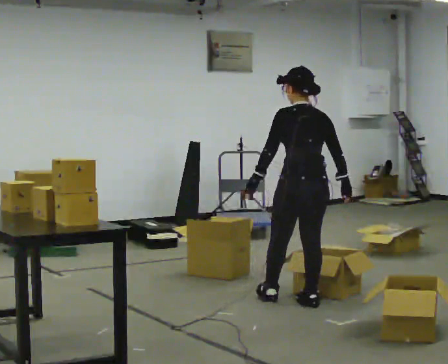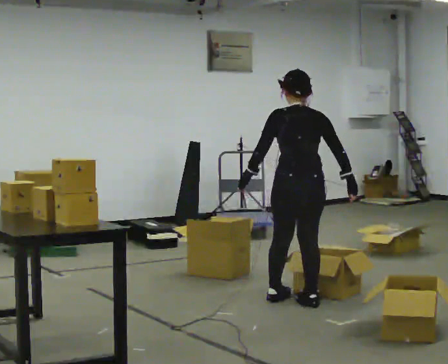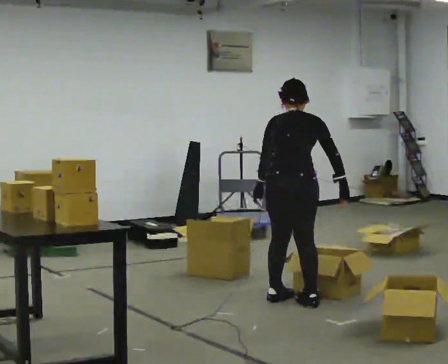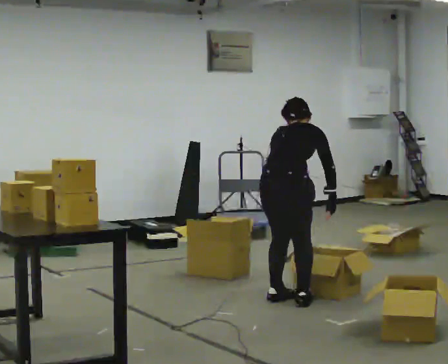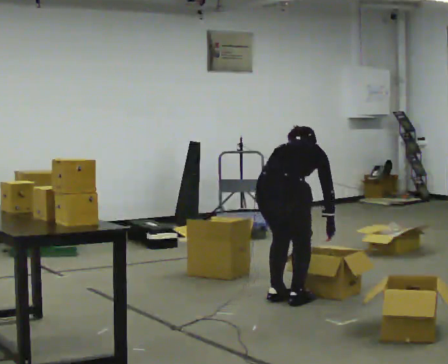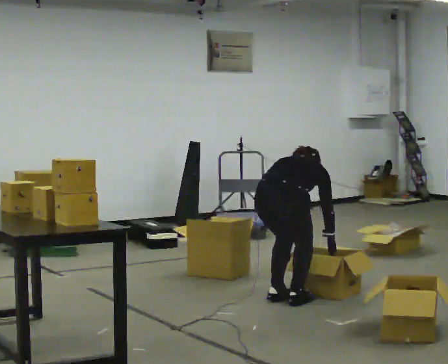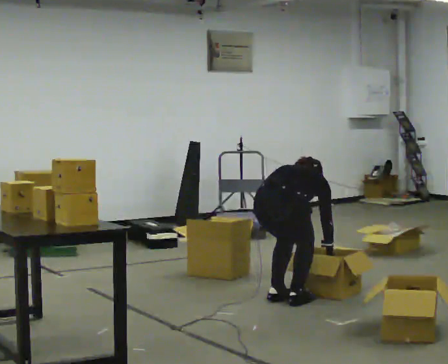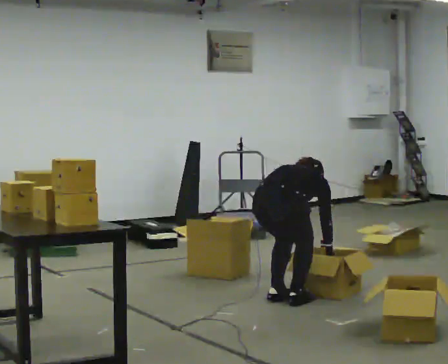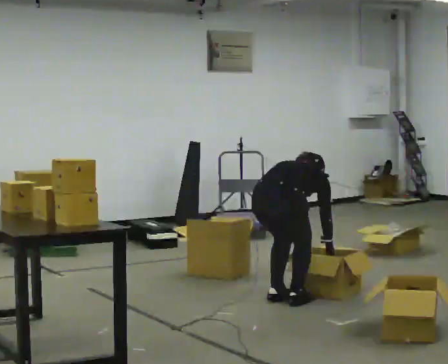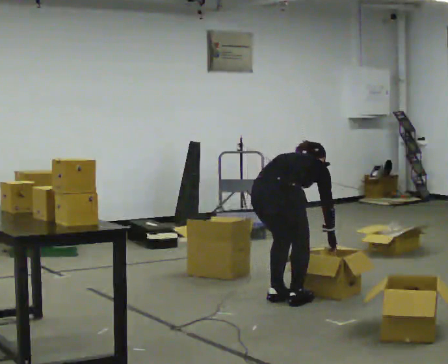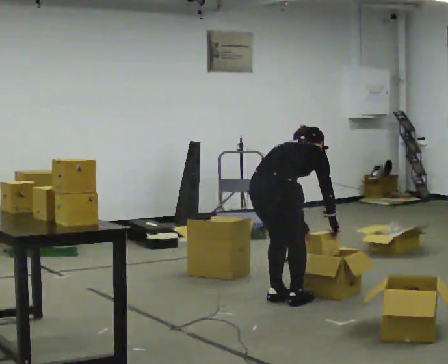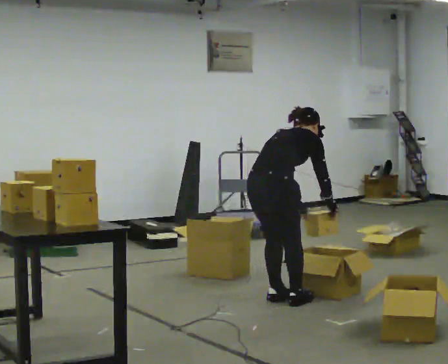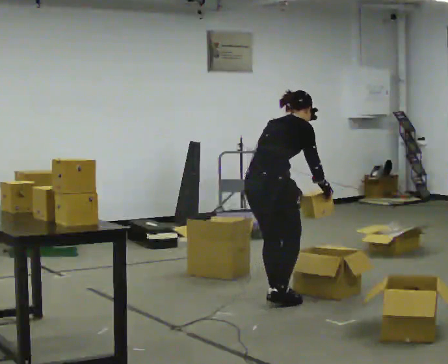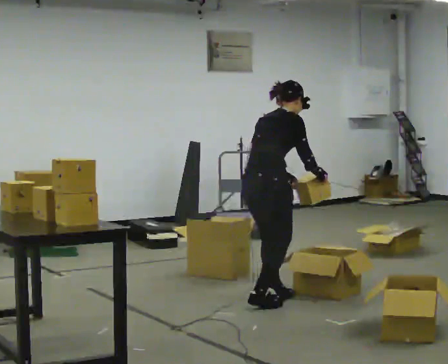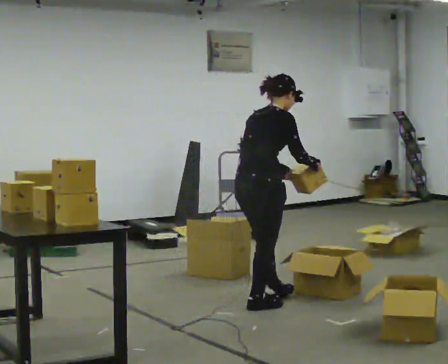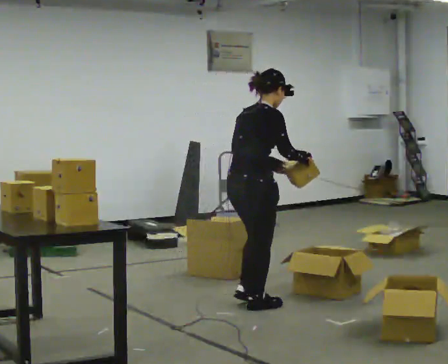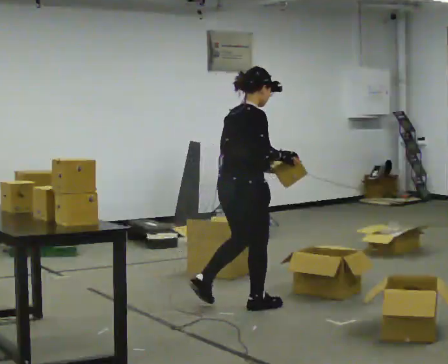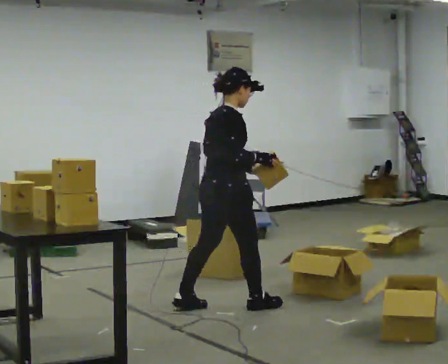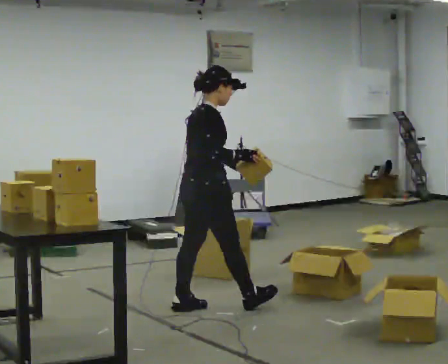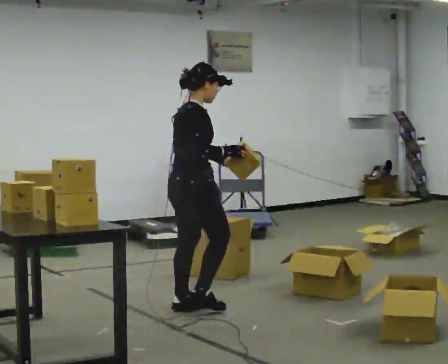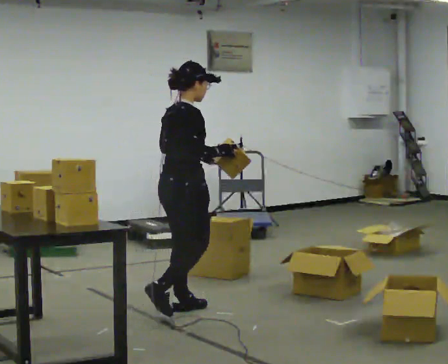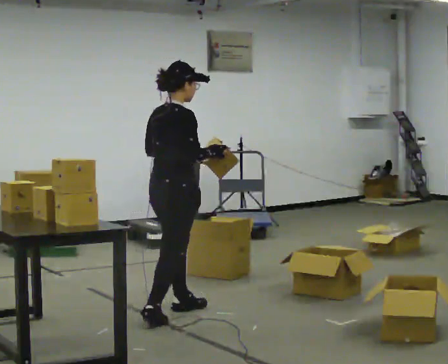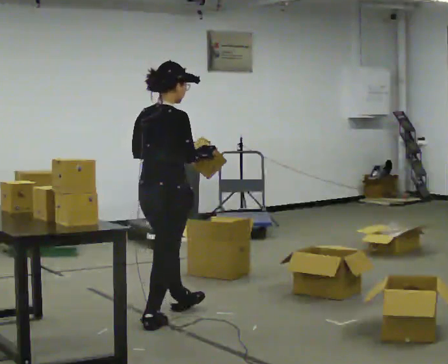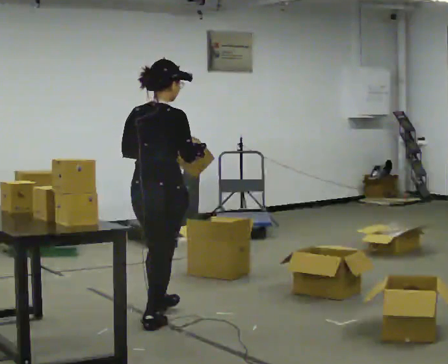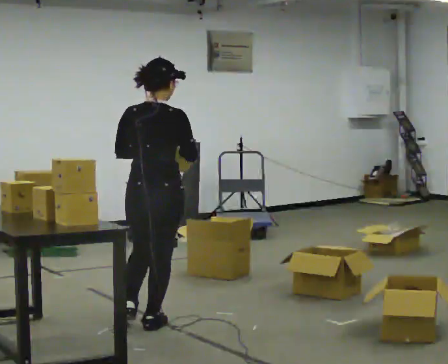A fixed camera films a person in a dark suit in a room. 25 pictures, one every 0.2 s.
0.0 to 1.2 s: The part of the body nearest the lens slides to the left as the person turns to their right by about 60 degrees. In the picture they go to the left, about 0.25 m, which for them is to their left. The shoulders move downward. The upper body tips away from the camera, its near side rolling upward, as they bend forward. In the picture their left hand goes downward and to the right.
1.2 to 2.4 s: The upper body goes upward. The upper body tips toward the camera, its near side rolling downward, as they lean back or straighten. In the picture their right hand goes upward.
2.4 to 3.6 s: In the picture they go to the left, about 0.5 m in 2 steps, which for them is backward. The upper body tips toward the camera, its near side rolling downward, as they lean back or straighten.
3.6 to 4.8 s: The person turns about 60 degrees to their left, counterclockwise seen from above, so the part of the body nearest the lens slides to the right. In the picture they go toward the camera and to the left, about 0.5 m in 1 step, which for them is backward.
The film runs backward here.
